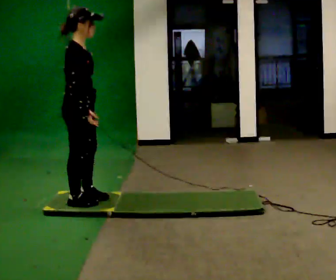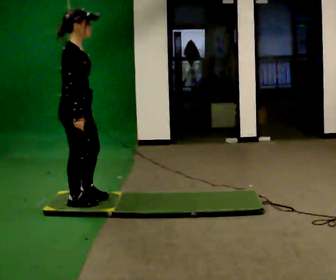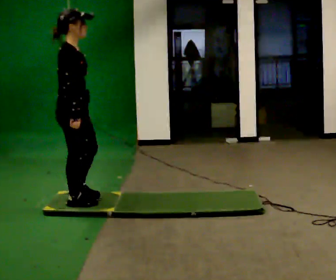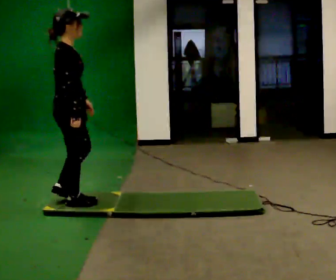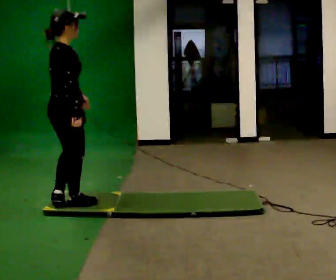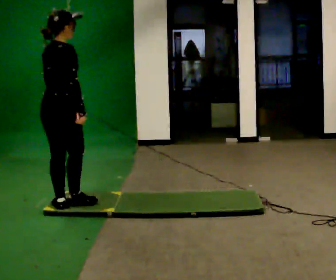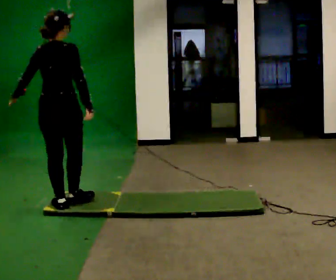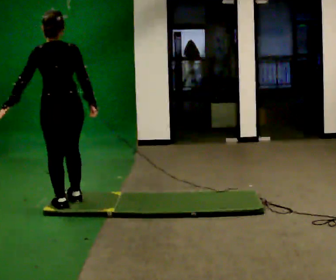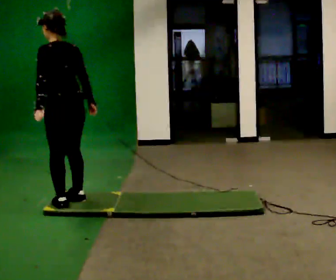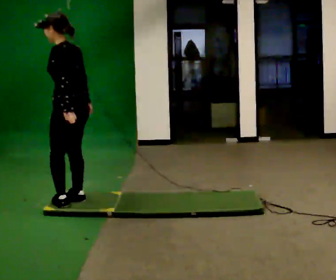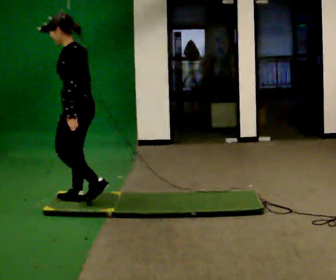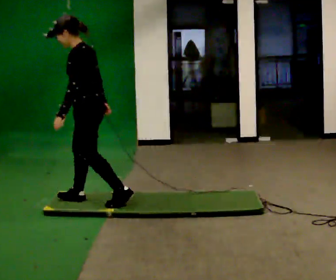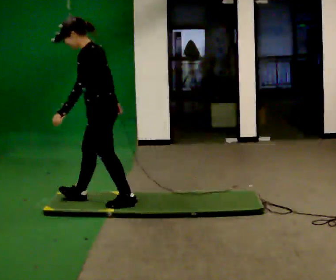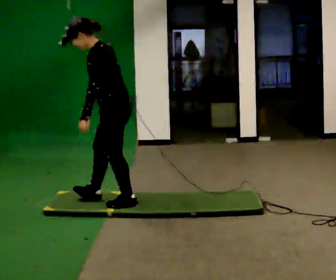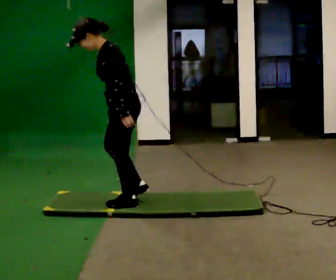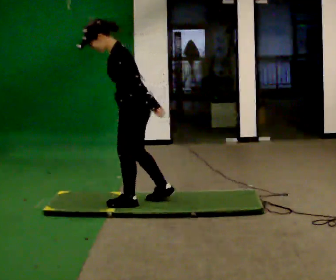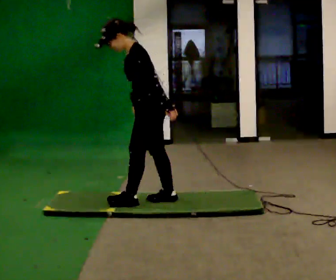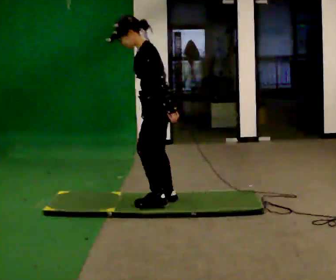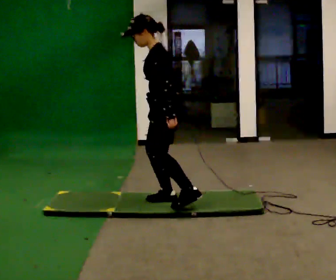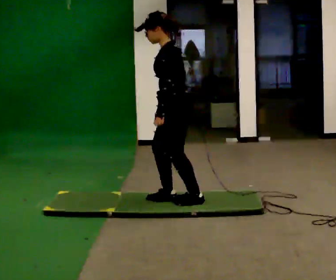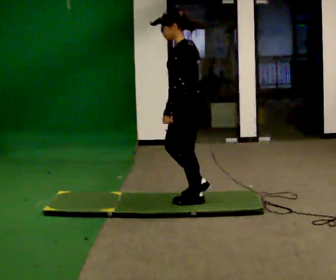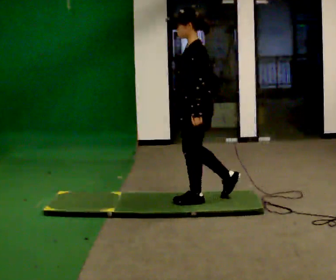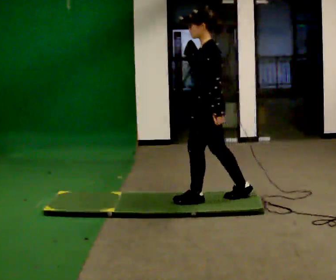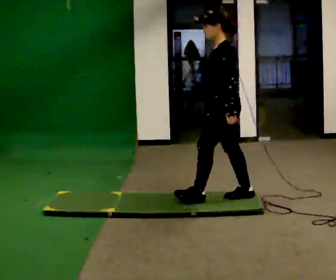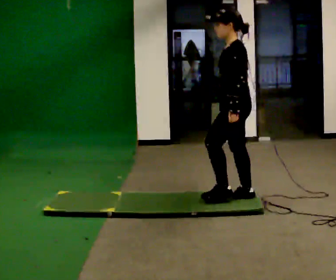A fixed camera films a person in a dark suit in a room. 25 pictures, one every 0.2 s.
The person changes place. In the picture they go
to the right.
The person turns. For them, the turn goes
to their left.
0.0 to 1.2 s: The person turns about 75 degrees to their left, counterclockwise seen from above, so the part of the body nearest the lens slides to the right. In the picture their left hand goes to the left.
1.2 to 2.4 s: The person turns about 105 degrees to their left, counterclockwise seen from above, so the part of the body nearest the lens slides to the right. In the picture they go to the right, about 0.25 m in 1 step.
2.4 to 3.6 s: In the picture they go to the right, about 0.5 m in 2 steps, which for them is backward.
3.6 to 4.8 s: In the picture they go to the right, about 0.5 m in 2 steps, which for them is backward.
The film runs backward here.
